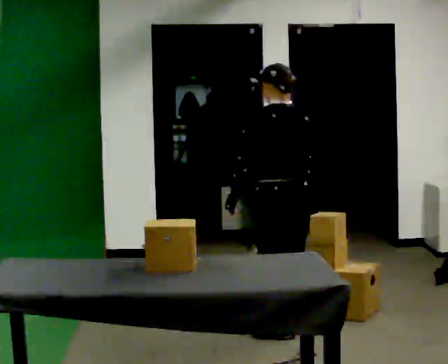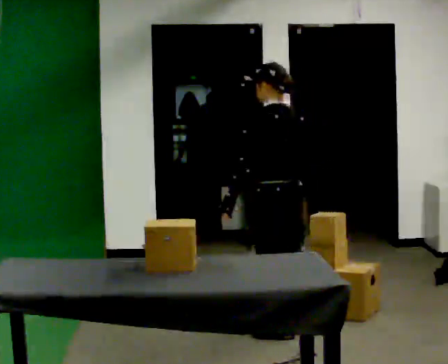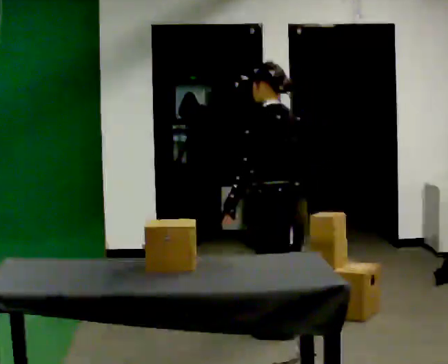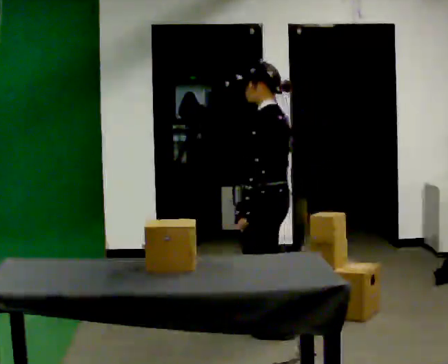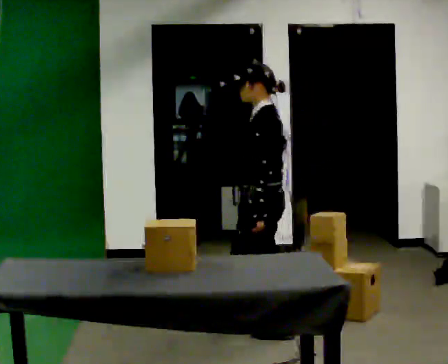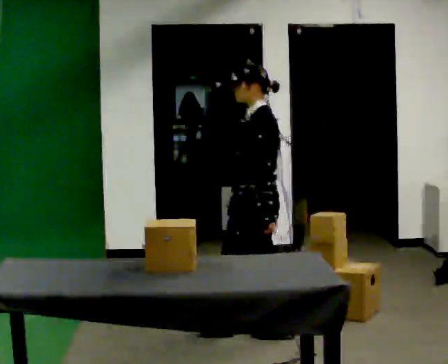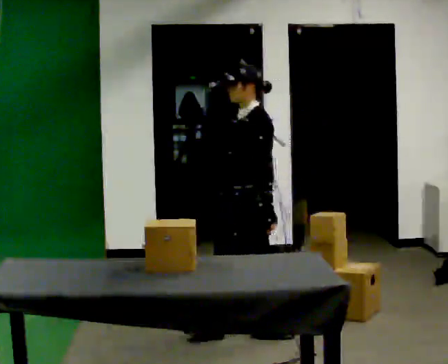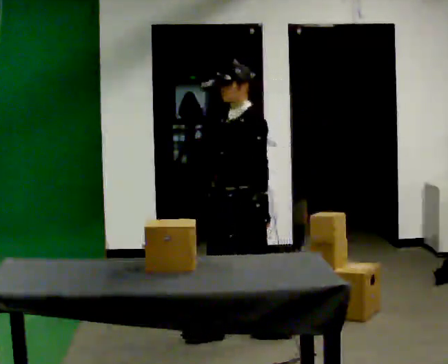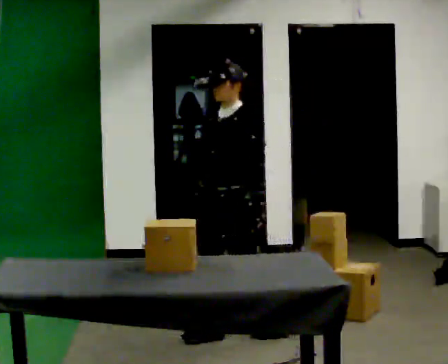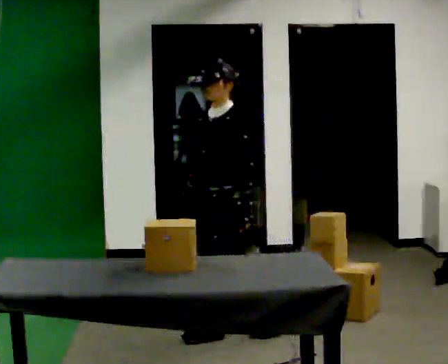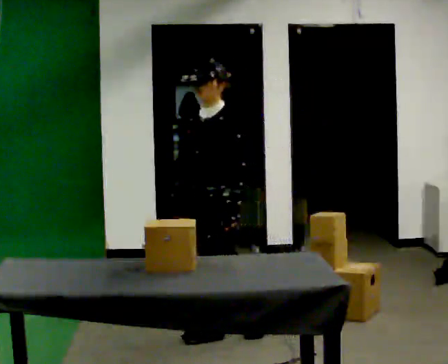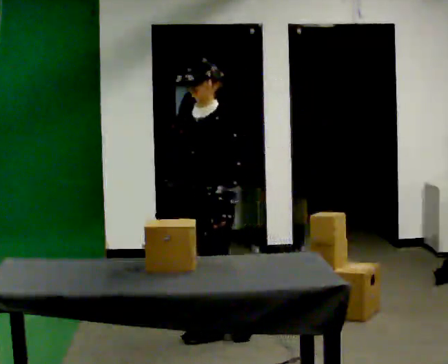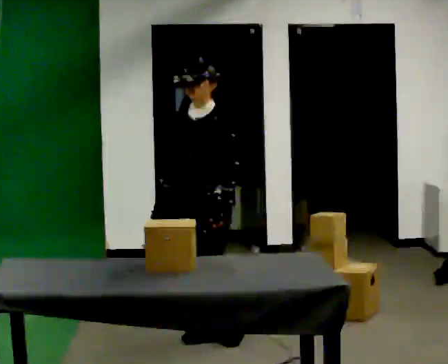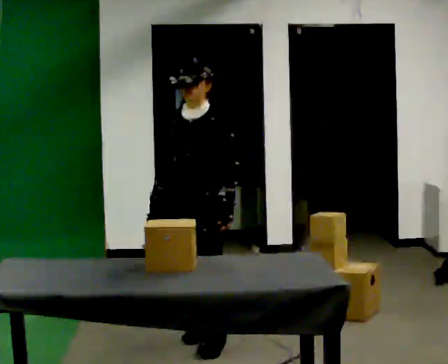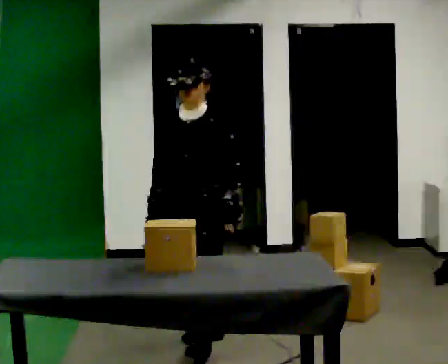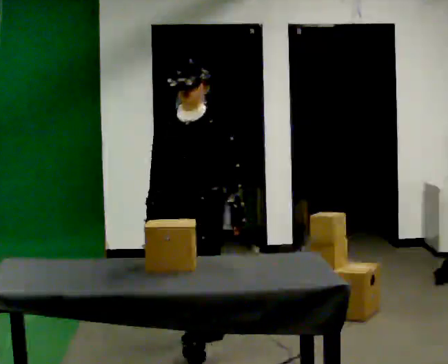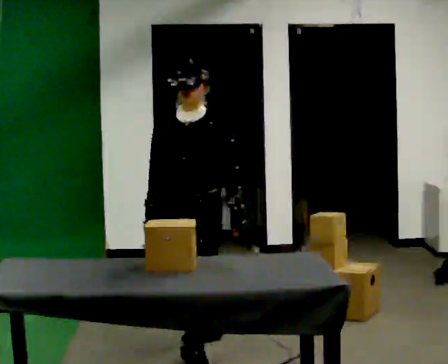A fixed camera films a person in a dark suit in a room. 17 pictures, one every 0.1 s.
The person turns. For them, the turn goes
to their left.
Their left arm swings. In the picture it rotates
counterclockwise.
0.0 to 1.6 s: Seen from above the body turns counterclockwise, about 120 degrees: to their left, with its near side sliding to the right. In the picture they go to the left, about 0.5 m in 2 steps.
The film runs forward here.
